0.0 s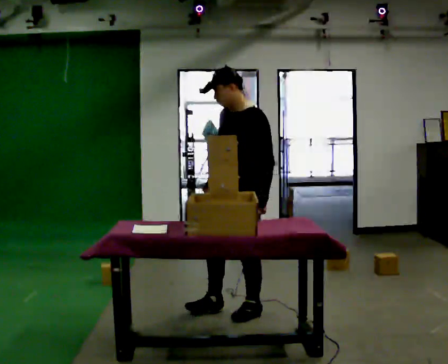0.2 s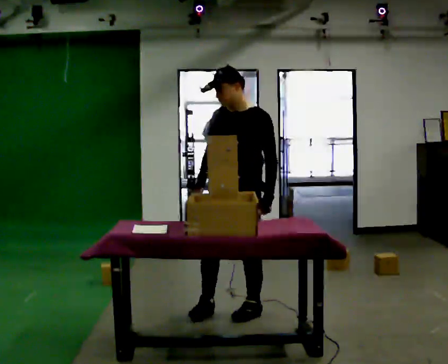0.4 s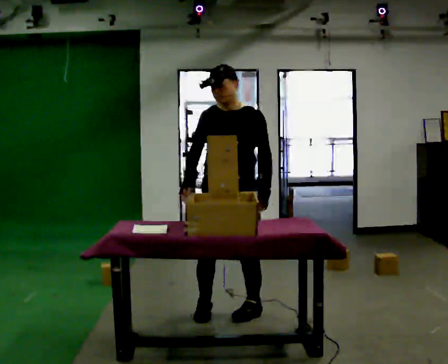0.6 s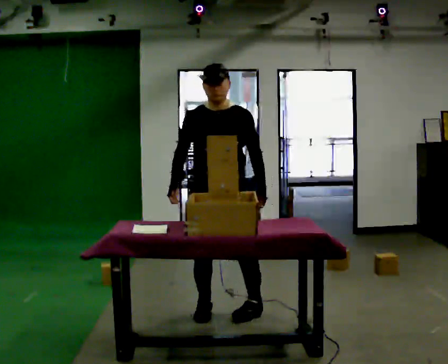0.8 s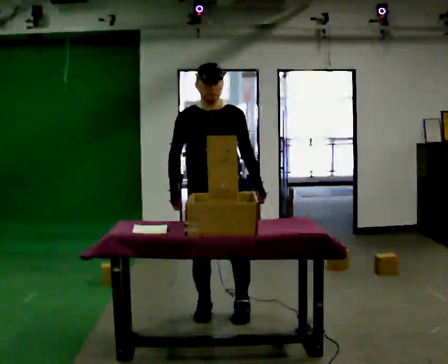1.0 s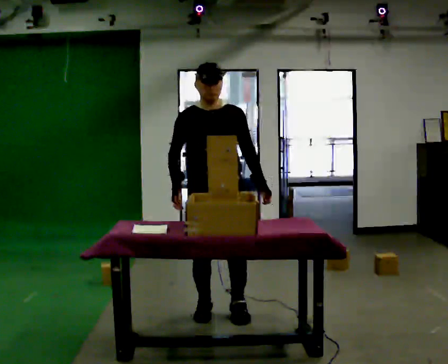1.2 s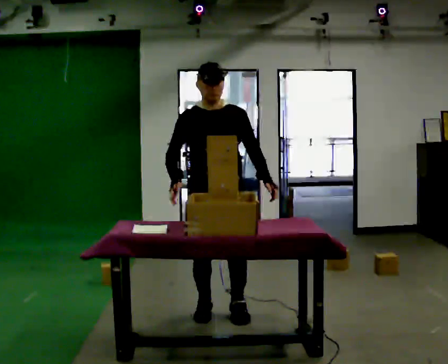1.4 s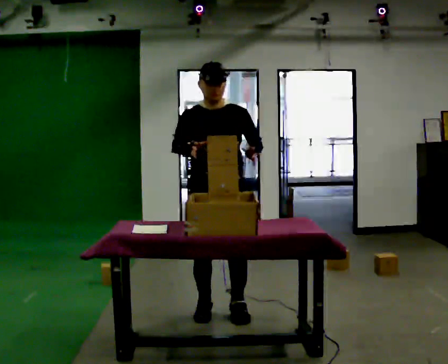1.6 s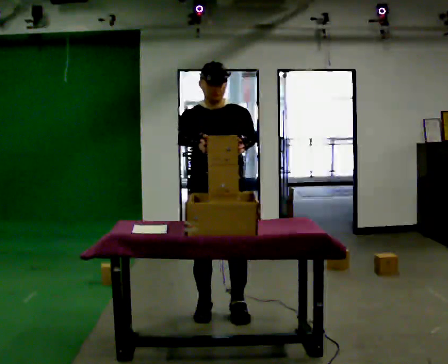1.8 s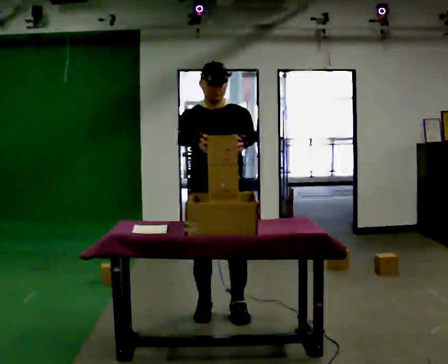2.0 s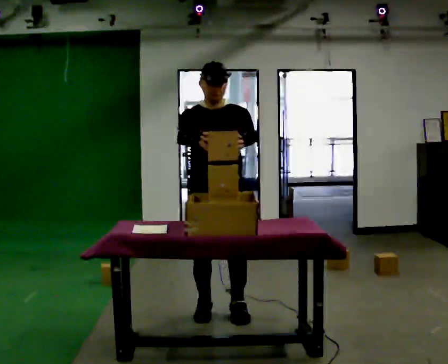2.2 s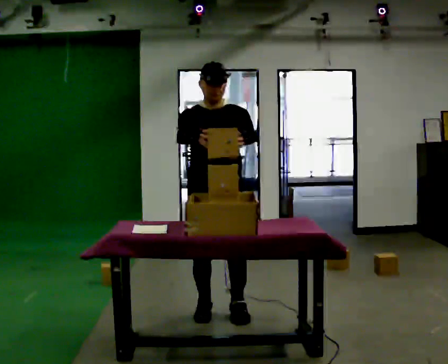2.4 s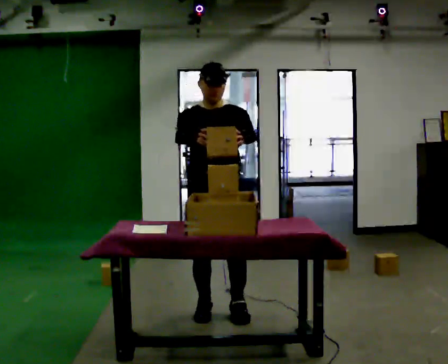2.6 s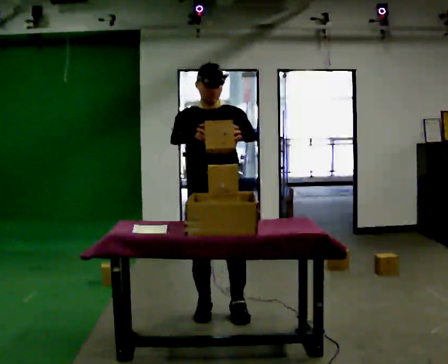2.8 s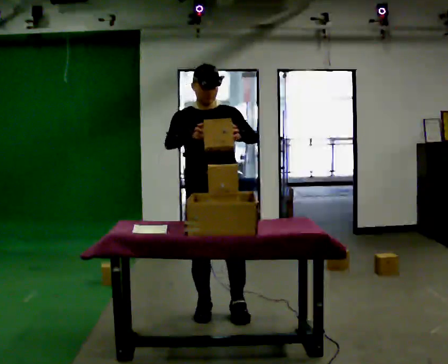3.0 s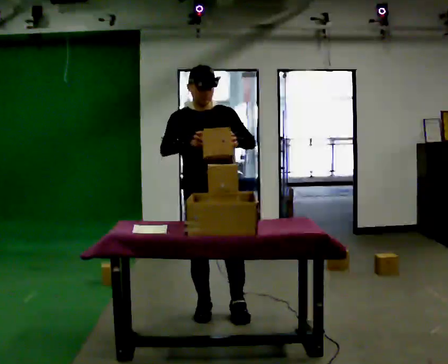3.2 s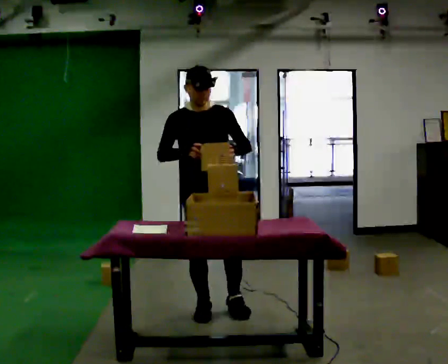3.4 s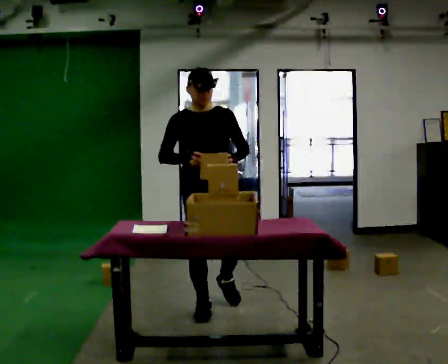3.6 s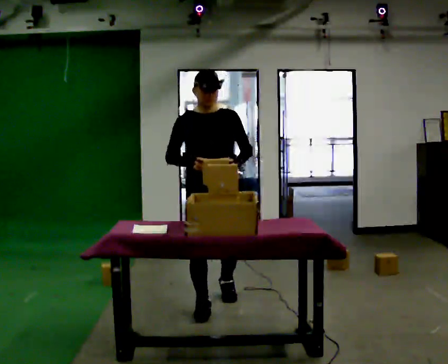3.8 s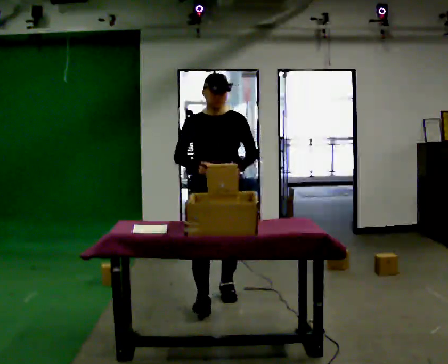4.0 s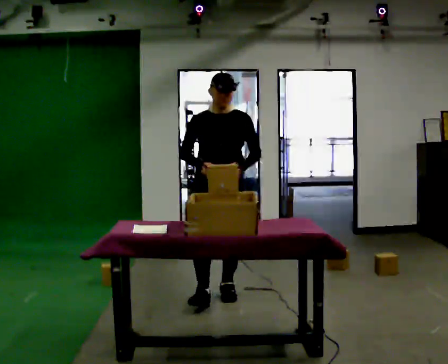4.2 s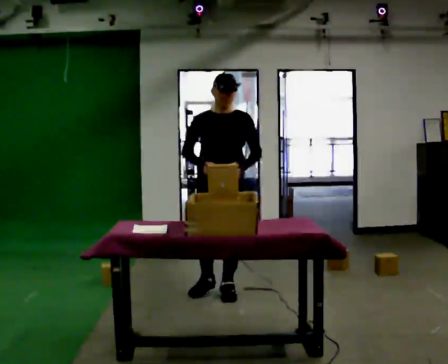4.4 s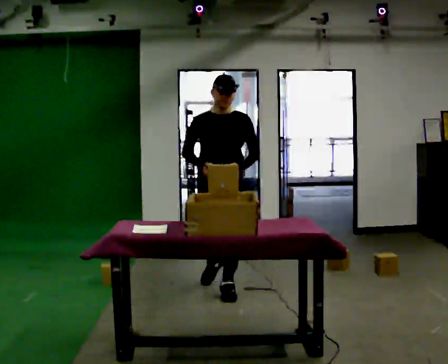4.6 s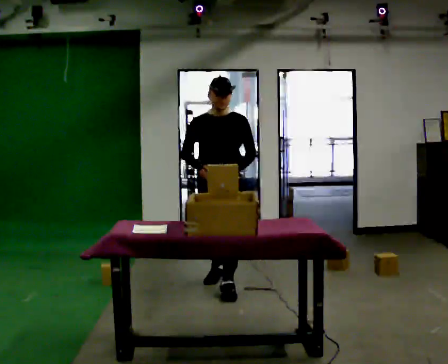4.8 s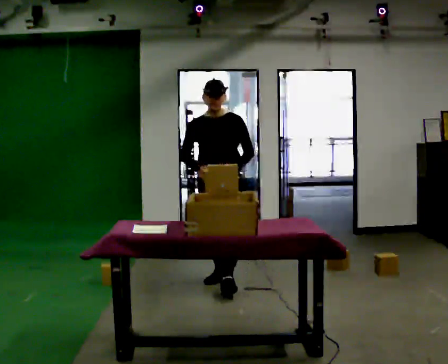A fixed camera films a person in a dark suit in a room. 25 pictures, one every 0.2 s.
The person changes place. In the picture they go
away from the camera.
The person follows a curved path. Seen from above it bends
clockwise.
0.0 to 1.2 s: Seen from above the body turns counterclockwise, about 60 degrees: to their left, with its near side sliding to the right. In the picture they go to the left, about 0.25 m in 1 step, which for them is to their right.
1.2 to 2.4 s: The person moves a little, or ends about where they began.
2.4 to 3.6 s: In the picture they go away from the camera, about 0.25 m in 1 step, which for them is backward.
3.6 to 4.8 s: The person turns about 30 degrees to their right, clockwise seen from above, so the part of the body nearest the lens slides to the left. In the picture they go away from the camera, about 0.75 m in 1 step, which for them is backward.
The film runs backward here.
